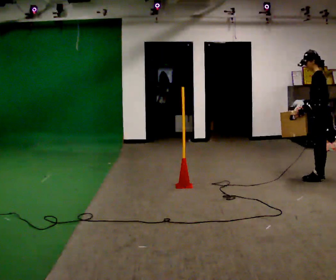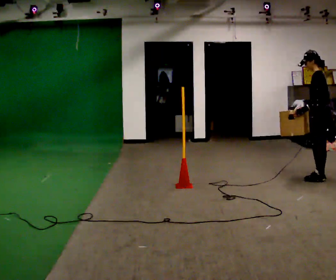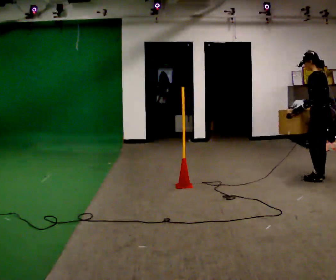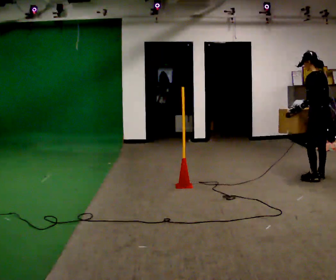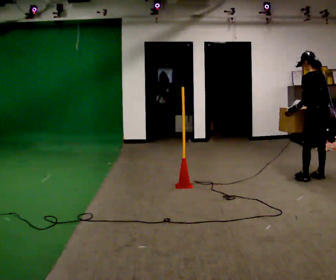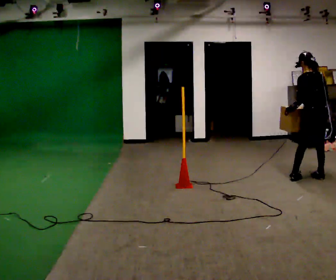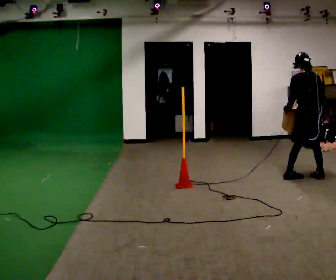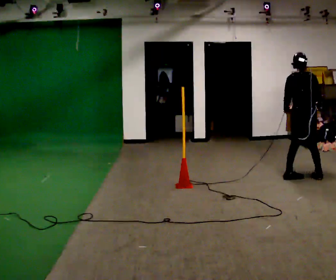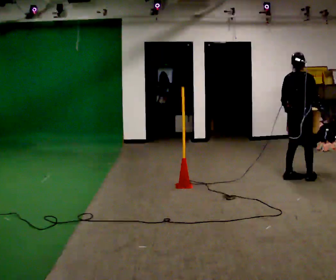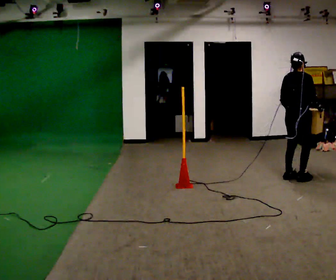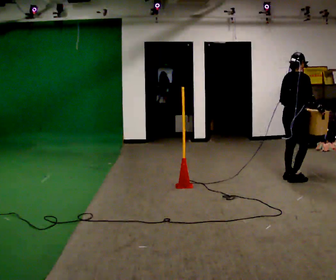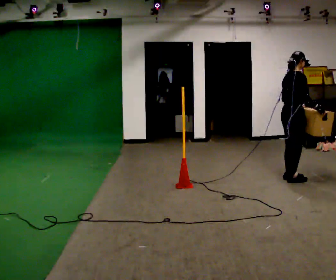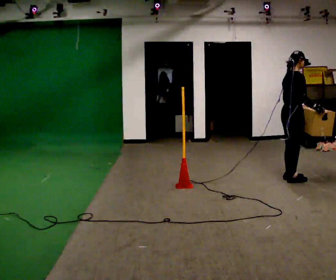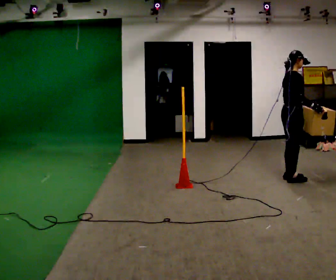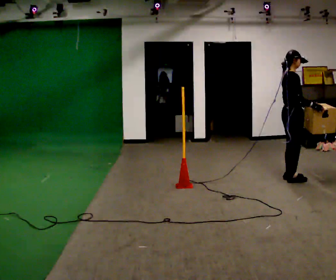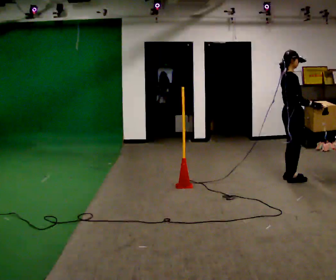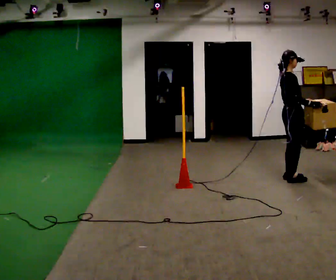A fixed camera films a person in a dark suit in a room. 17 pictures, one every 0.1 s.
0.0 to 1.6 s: Seen from above the body turns clockwise, about 165 degrees: to their right, with its near side sliding to the left. In the picture they go to the left, about 0.5 m in 1 step.
The film runs backward here.
